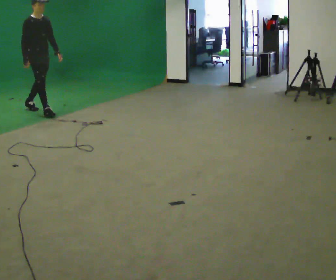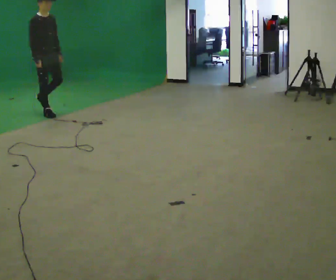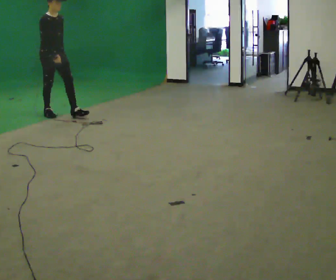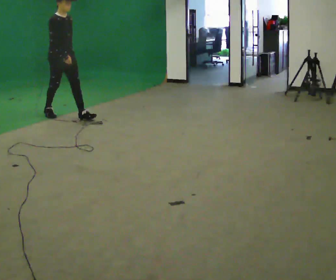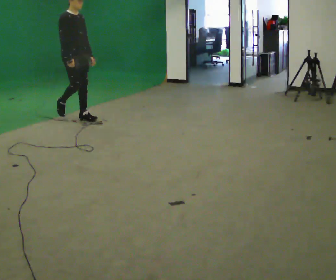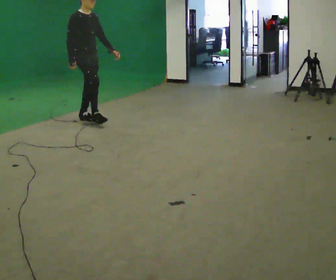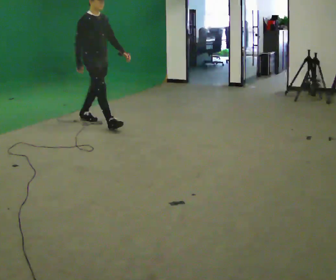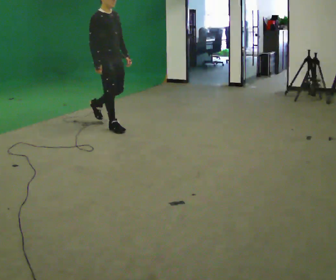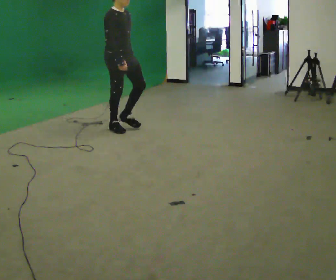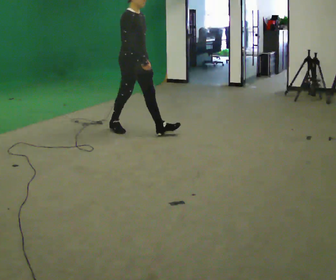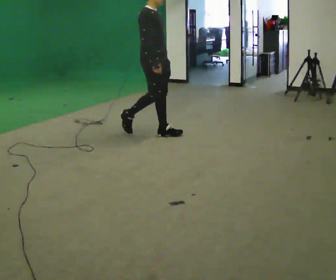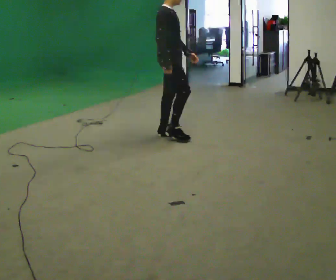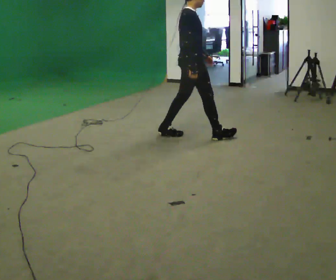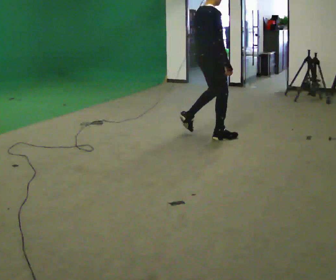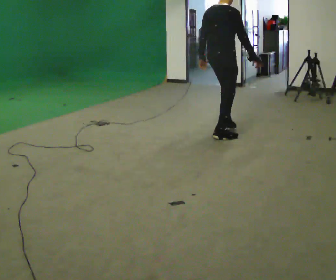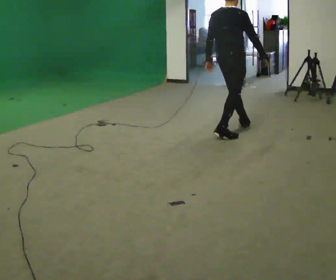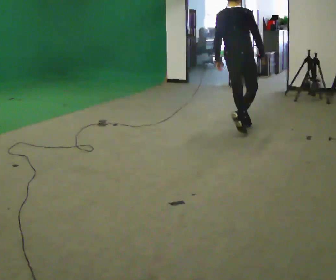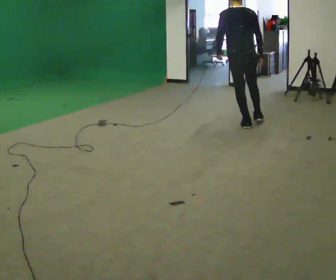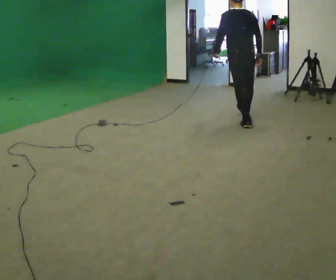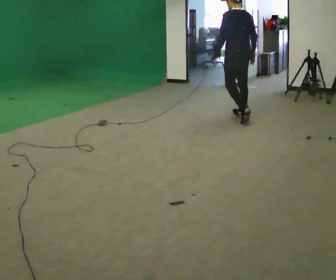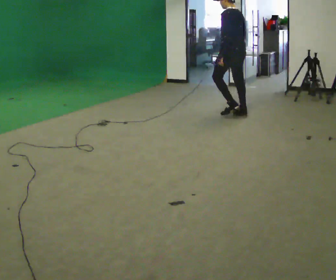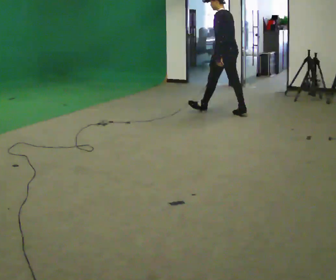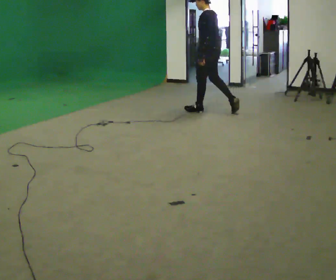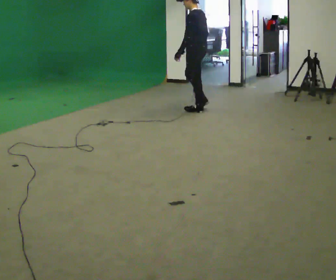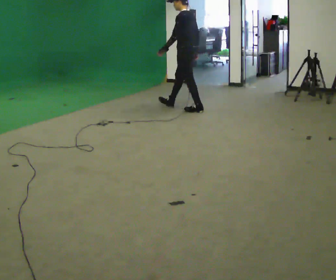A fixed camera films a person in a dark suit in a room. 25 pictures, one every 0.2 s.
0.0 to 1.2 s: In the picture they go to the right and toward the camera, about 1 m in 2 steps, which for them is forward.
1.2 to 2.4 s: Seen from above the body turns counterclockwise, about 30 degrees: to their left, with its near side sliding to the right. In the picture they go to the right, about 1.5 m in 2 steps, which for them is forward.
2.4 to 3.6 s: The part of the body nearest the lens slides to the right as the person turns to their left by about 90 degrees. In the picture they go away from the camera and to the right, about 1 m in 1 step.
3.6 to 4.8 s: Seen from above the body turns counterclockwise, about 60 degrees: to their left, with its near side sliding to the right. In the picture they go to the left and away from the camera, about 1 m in 2 steps, which for them is forward.
The film runs forward here.
